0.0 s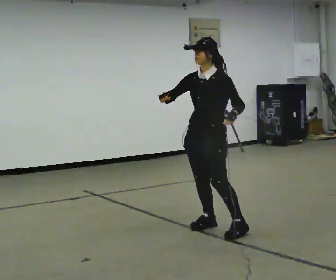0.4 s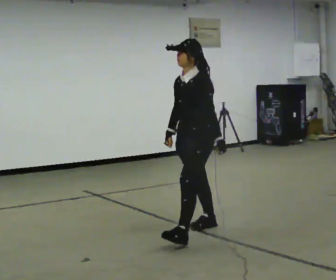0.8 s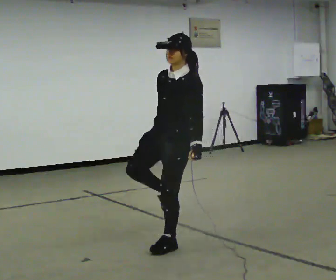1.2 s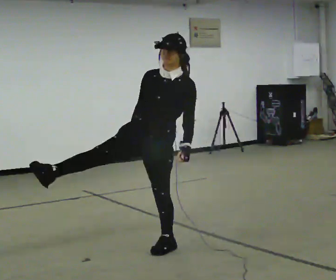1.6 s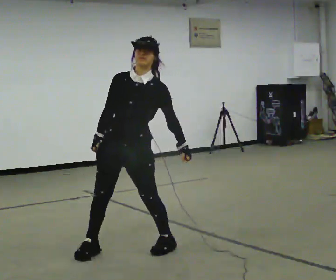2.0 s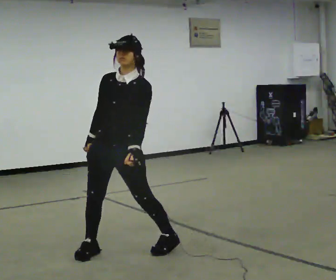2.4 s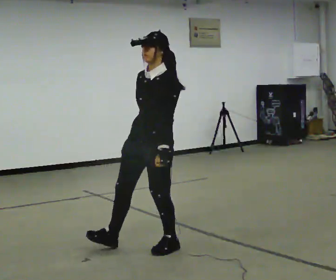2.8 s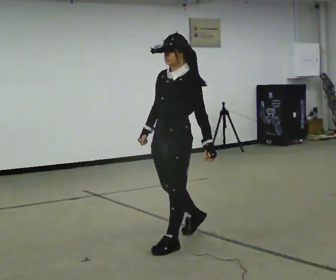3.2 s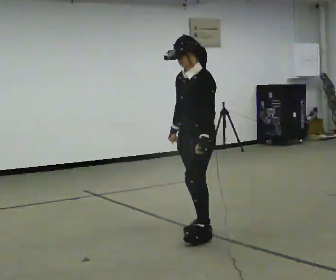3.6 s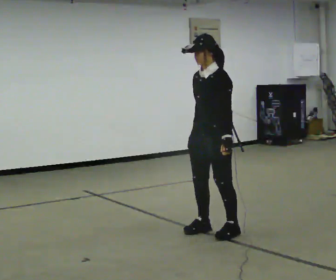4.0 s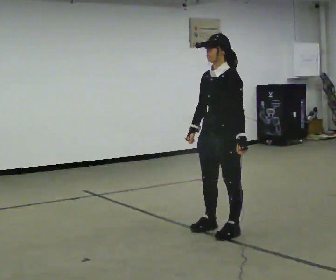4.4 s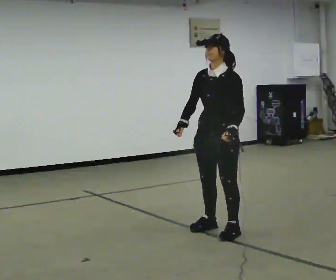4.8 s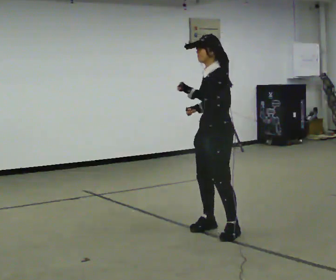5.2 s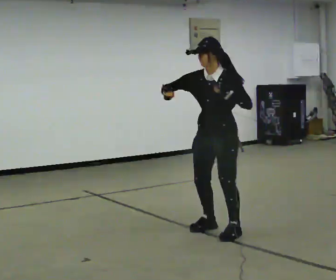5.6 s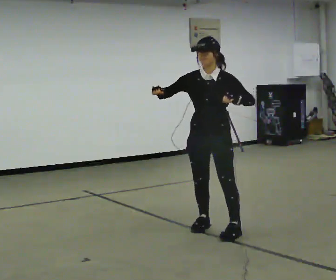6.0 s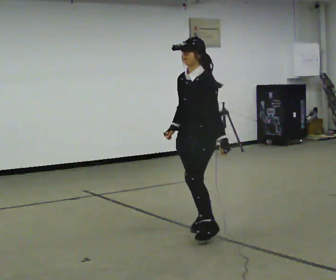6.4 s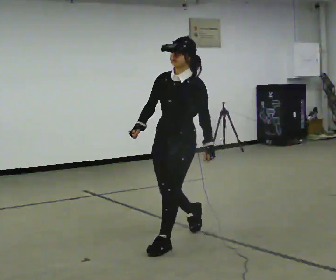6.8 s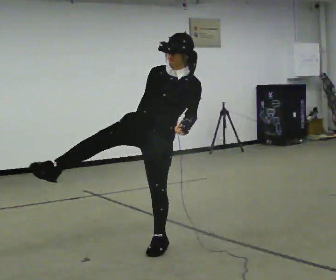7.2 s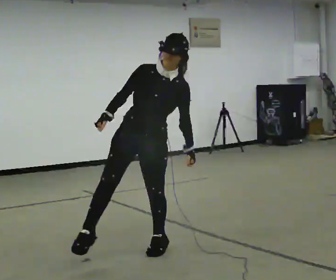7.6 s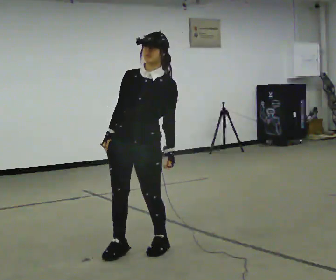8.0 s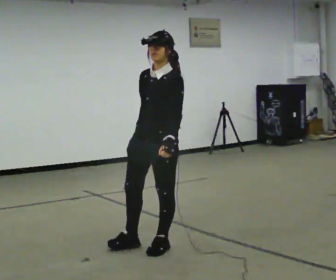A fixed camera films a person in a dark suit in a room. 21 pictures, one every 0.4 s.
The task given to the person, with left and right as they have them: Perform a slow martial arts form (https://youtu.be/ZMi83SPAP1Q?si=p1_31d3YaodeQQZT); kicks should be slow
0.0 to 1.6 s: The person turns about 30 degrees to their left, counterclockwise seen from above, so the part of the body nearest the lens slides to the right. In the picture they go toward the camera and to the left, about 1 m in 2 steps, which for them is forward.
1.6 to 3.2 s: The part of the body nearest the lens slides to the left as the person turns to their right by about 45 degrees. In the picture they go away from the camera and to the right, about 0.5 m in 1 step, which for them is backward. In the picture the upper body tilts counterclockwise, shoulders to the left.
3.2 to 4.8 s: In the picture their left hand goes upward.
4.8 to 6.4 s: The person turns about 45 degrees to their left, counterclockwise seen from above, so the part of the body nearest the lens slides to the right. In the picture they go to the left and toward the camera, about 0.5 m in 1 step. In the picture their left hand goes downward.
6.4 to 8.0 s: In the picture they go toward the camera, about 0.25 m in 1 step, which for them is forward.
The film runs forward here.
